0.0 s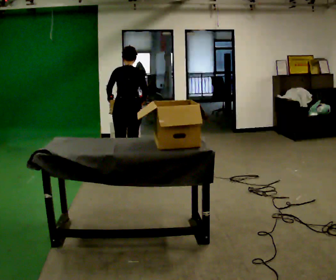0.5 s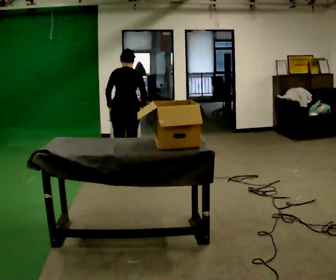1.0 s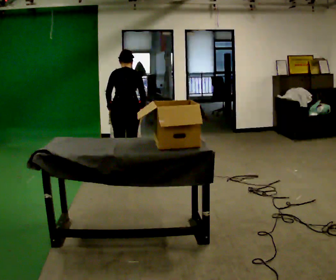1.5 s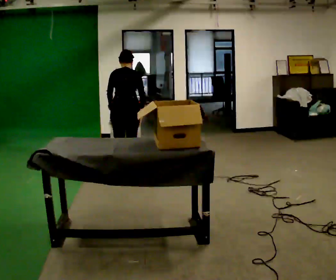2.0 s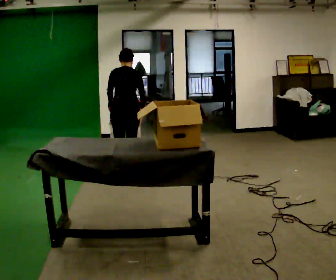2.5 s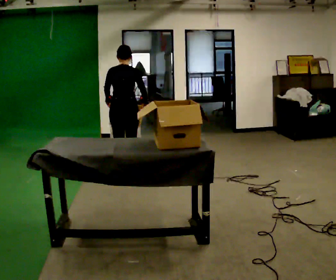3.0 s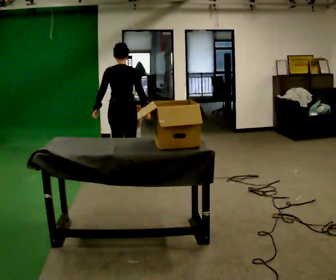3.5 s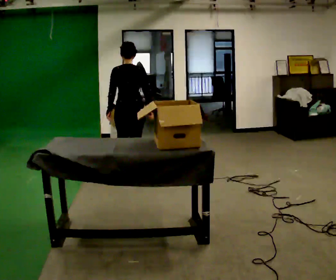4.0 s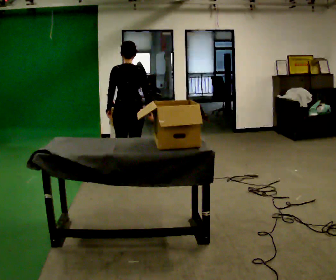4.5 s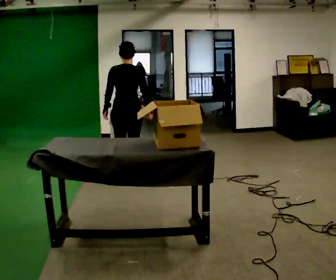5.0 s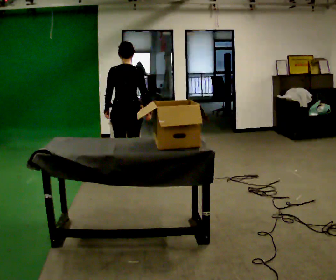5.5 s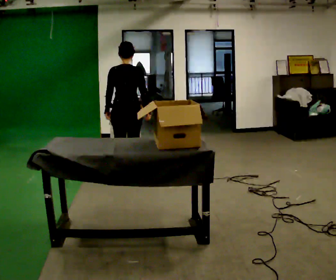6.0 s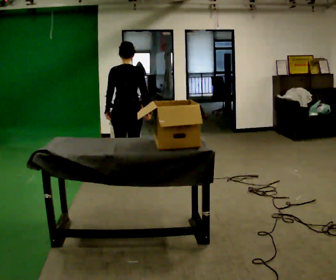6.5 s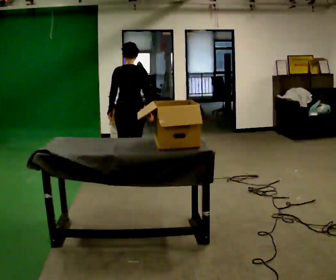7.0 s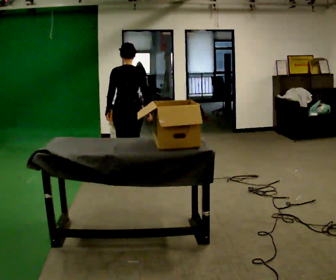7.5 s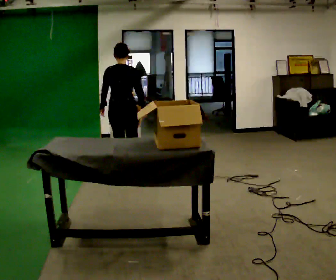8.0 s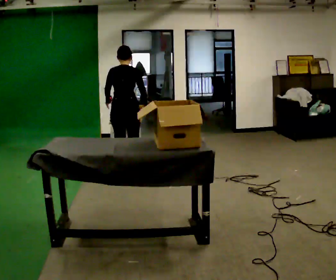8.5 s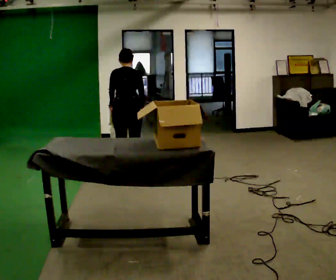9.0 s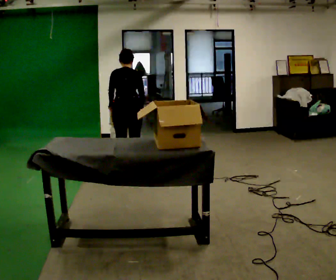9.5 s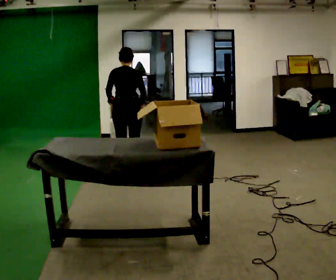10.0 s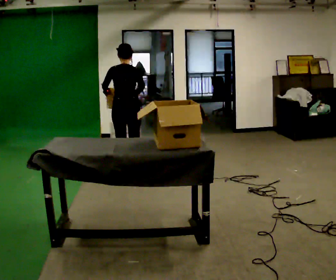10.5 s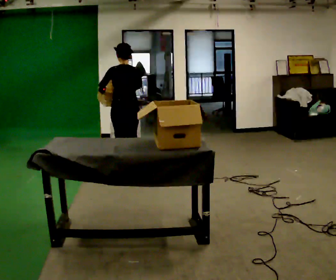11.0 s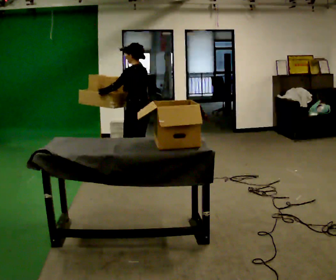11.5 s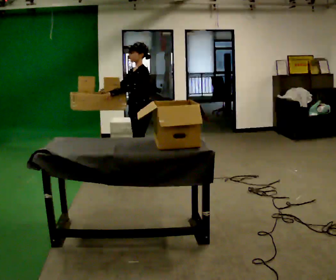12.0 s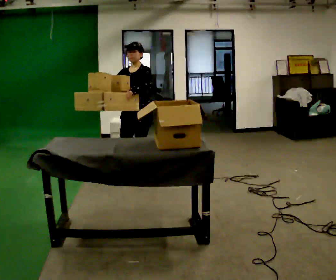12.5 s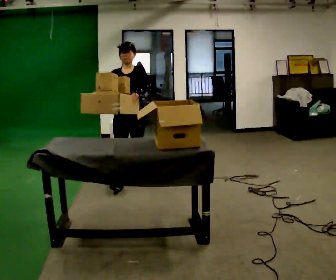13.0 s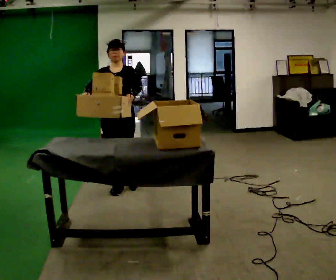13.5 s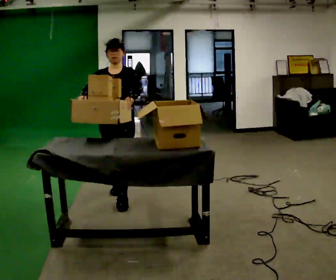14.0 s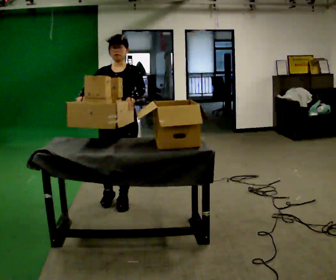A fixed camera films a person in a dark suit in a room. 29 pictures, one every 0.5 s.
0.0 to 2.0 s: The person moves a little, or ends about where they began.
2.0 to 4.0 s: In the picture they go toward the camera, about 0.25 m in 2 steps, which for them is backward. The upper body tips toward the camera, its near side rolling downward, as they lean back or straighten.
4.0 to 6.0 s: The person moves a little, or ends about where they began.
6.0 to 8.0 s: The upper body tips away from the camera, its near side rolling upward, as they bend forward.
8.0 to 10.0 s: The person moves a little, or ends about where they began.
10.0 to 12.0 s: Seen from above the body turns counterclockwise, about 135 degrees: to their left, with its near side sliding to the right. In the picture they go toward the camera, about 0.25 m in 1 step.
12.0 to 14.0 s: In the picture they go toward the camera, about 1 m in 2 steps, which for them is forward.
The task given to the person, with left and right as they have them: 1. Move everything from the second bin into the first bin. 2. Carry the empty bin to the shelf. 3. Carry the full bin to the table. 4. Tell the operator when you are finished.
The film runs forward here.
